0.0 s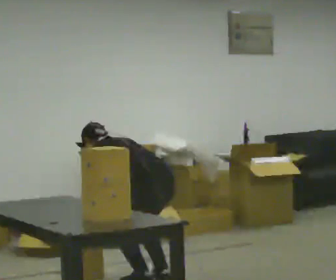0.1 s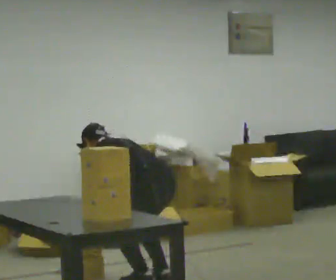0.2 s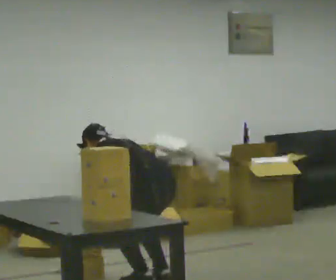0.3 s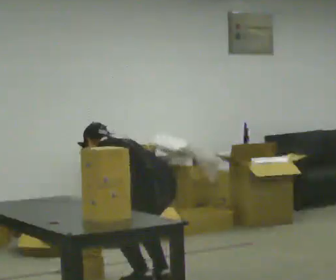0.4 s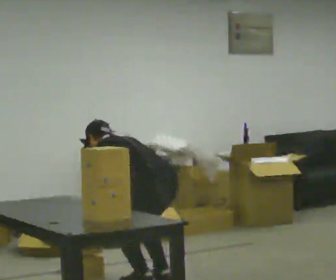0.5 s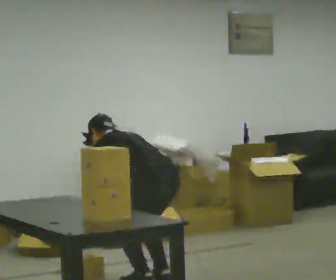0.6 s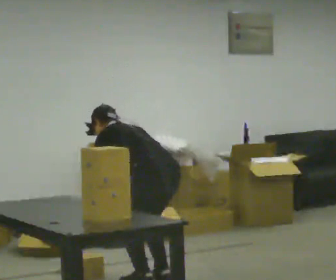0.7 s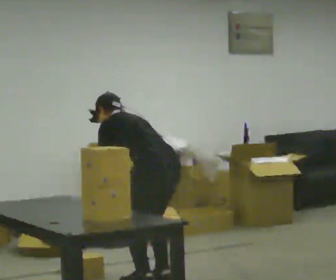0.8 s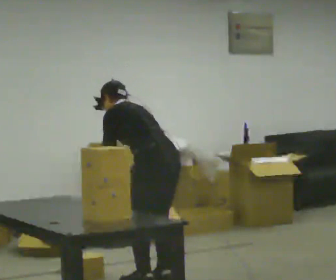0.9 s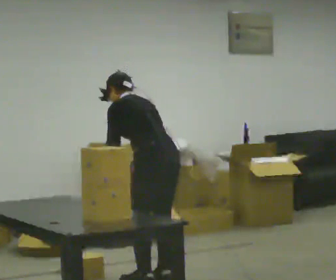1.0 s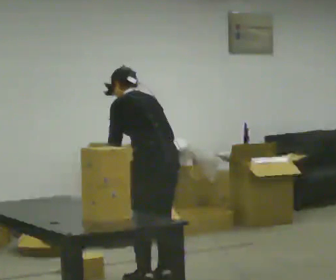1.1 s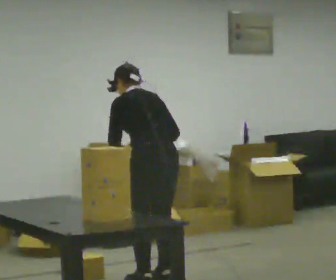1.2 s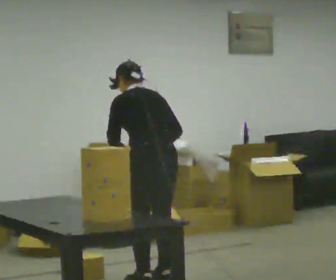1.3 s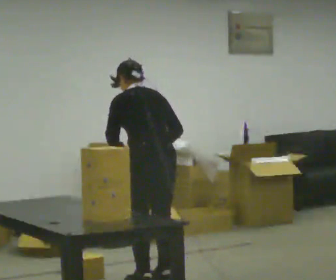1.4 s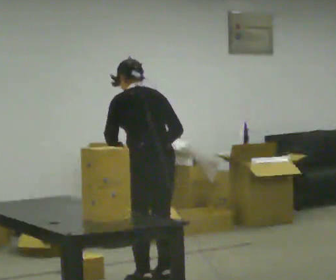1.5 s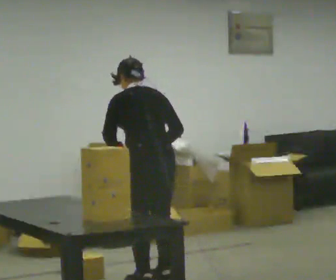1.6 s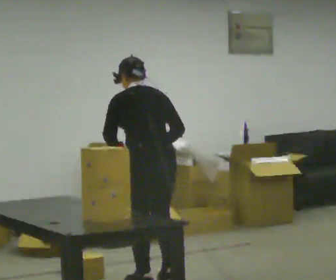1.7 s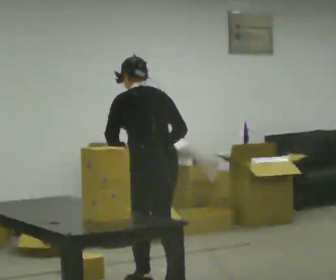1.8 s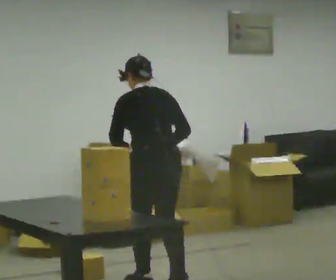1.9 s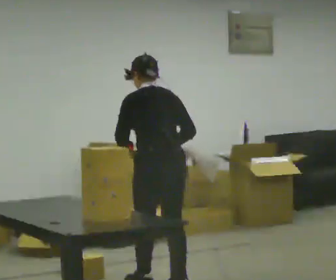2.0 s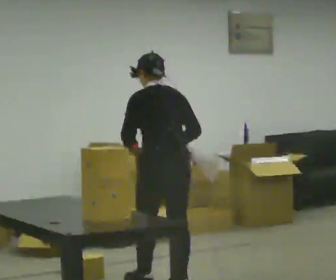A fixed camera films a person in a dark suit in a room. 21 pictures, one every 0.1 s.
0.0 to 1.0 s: The upper body goes upward. In the picture the upper body tilts clockwise, shoulders to the right, as they lean back or straighten. In the picture their right hand goes upward.
1.0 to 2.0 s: In the picture they go toward the camera, about 0.25 m in 2 steps, which for them is backward. In the picture the upper body tilts clockwise, shoulders to the right, as they lean back or straighten.
The film runs backward here.
